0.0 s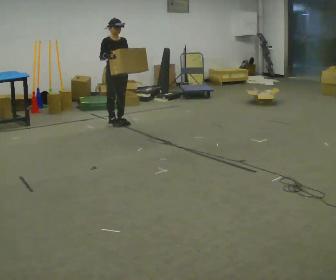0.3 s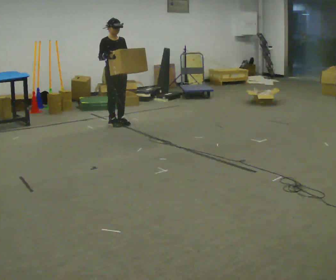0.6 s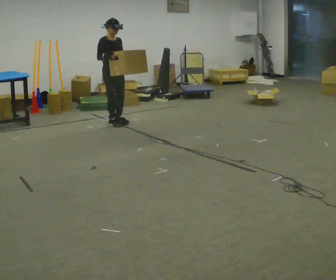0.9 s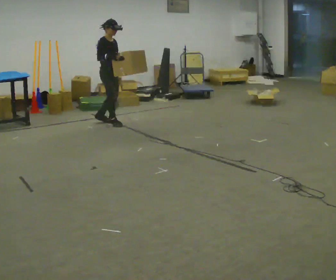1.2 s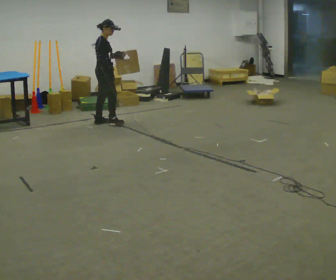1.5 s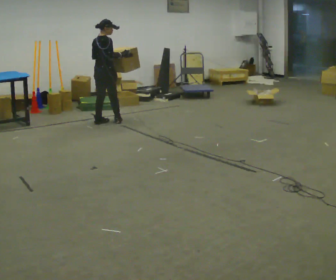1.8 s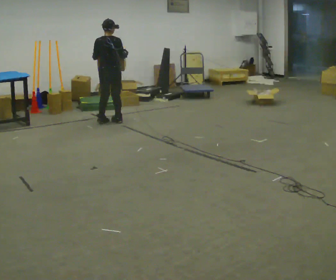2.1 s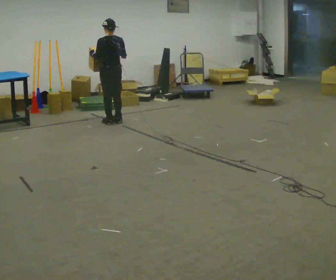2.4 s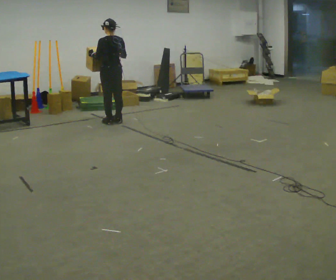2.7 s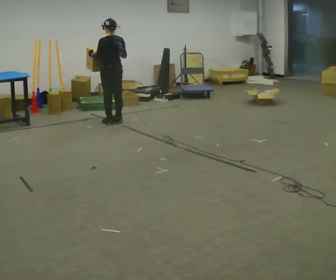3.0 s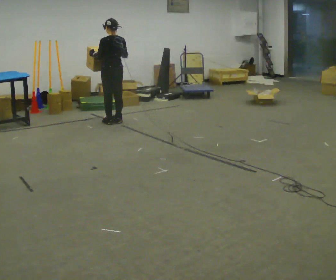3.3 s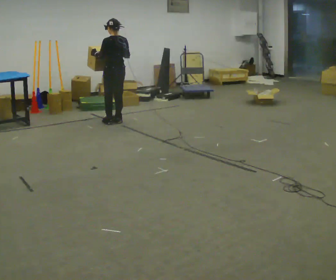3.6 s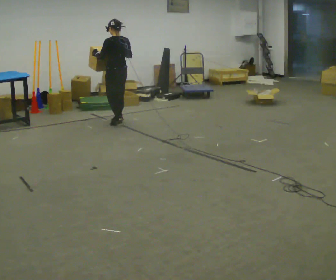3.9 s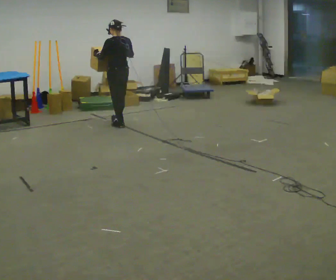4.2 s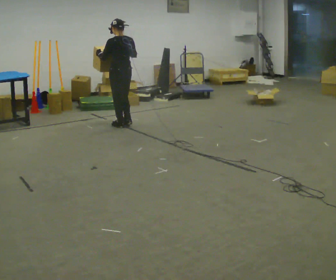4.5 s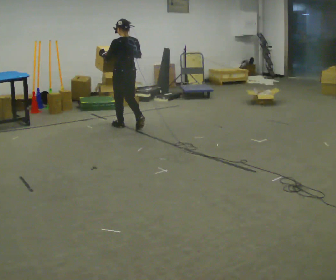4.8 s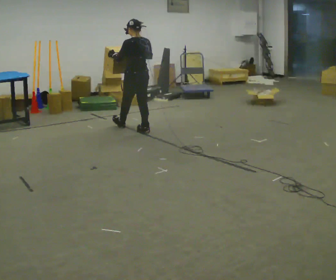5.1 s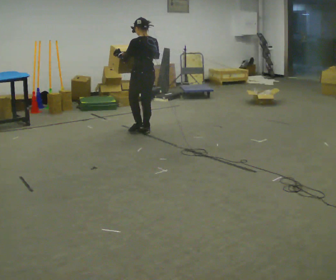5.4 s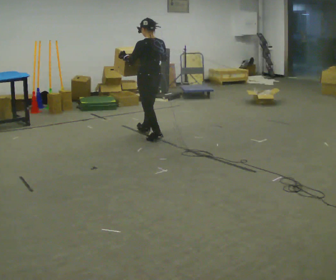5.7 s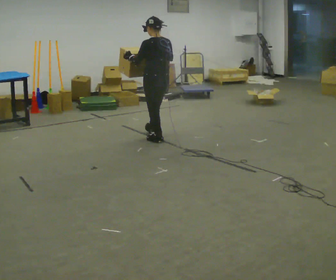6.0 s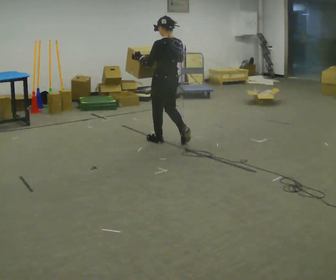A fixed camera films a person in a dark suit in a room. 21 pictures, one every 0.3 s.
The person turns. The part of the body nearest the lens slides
to the right.
The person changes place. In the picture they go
toward the camera.
0.0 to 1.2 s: The person turns about 60 degrees to their left, counterclockwise seen from above, so the part of the body nearest the lens slides to the right. In the picture they go to the left, about 0.25 m in 1 step.
1.2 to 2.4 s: The part of the body nearest the lens slides to the right as the person turns to their left by about 120 degrees.
2.4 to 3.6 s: The person moves a little, or ends about where they began.
3.6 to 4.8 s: In the picture they go toward the camera and to the right, about 0.5 m in 2 steps, which for them is backward.
4.8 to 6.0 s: In the picture they go toward the camera and to the right, about 0.75 m in 1 step, which for them is backward.
The film runs backward here.
